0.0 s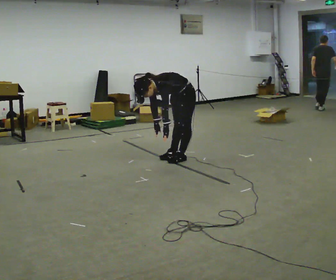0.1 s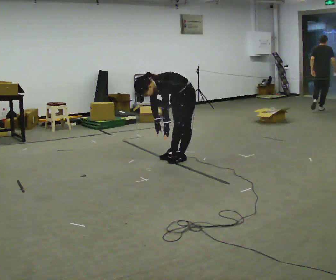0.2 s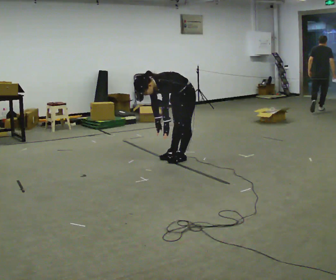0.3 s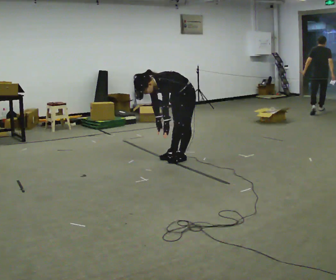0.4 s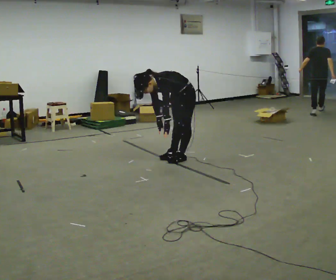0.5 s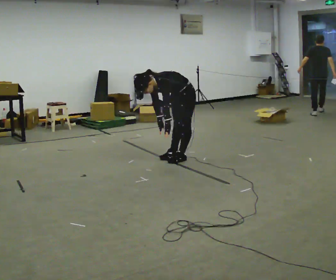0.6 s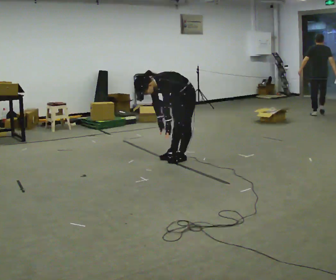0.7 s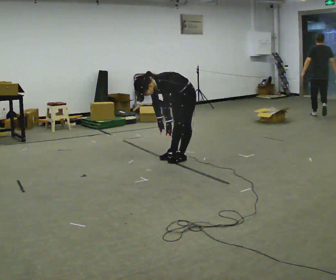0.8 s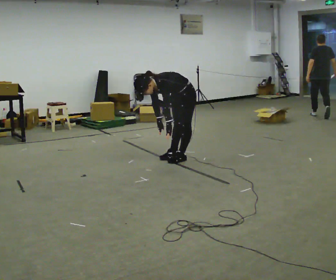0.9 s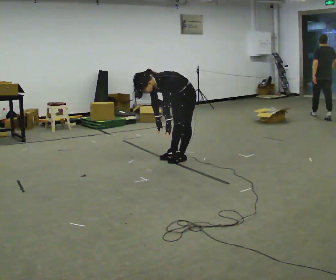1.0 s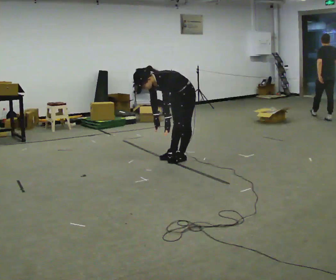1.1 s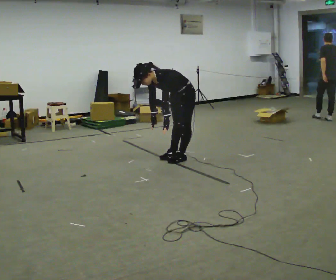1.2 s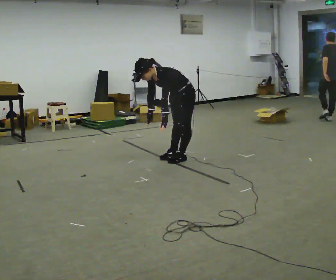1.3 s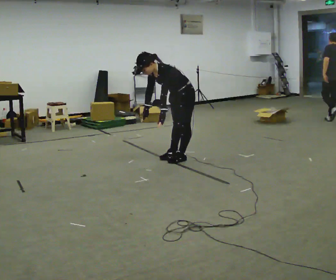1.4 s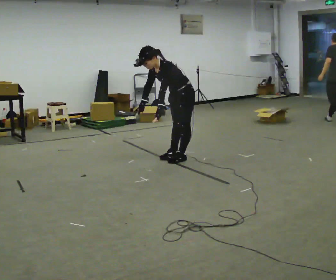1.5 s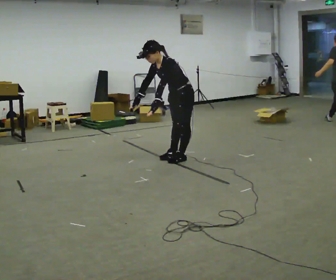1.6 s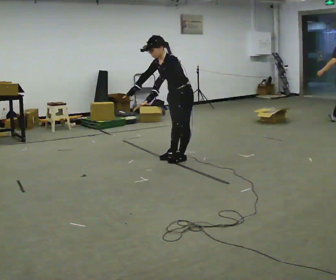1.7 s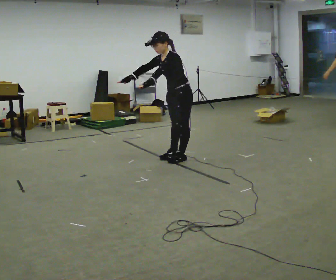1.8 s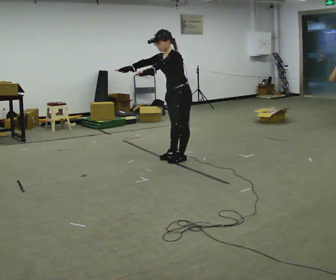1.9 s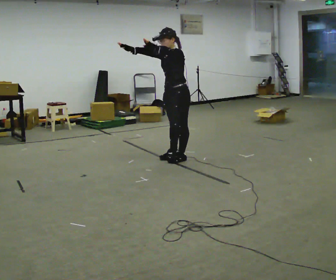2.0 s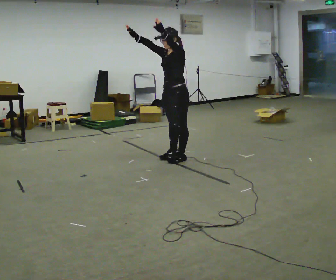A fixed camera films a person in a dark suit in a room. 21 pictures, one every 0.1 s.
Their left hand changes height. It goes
upward.
Their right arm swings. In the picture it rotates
clockwise.
0.0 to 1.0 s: The person moves a little, or ends about where they began.
1.0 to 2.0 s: The upper body goes upward. In the picture the upper body tilts clockwise, shoulders to the right, as they lean back or straighten. In the picture their right hand goes upward, the arm swinging clockwise.
The film runs backward here.
